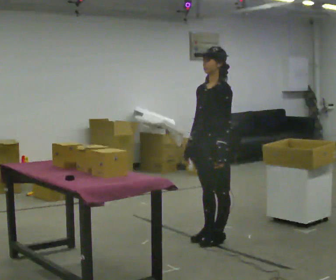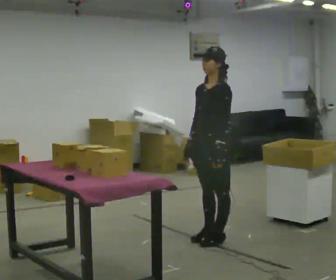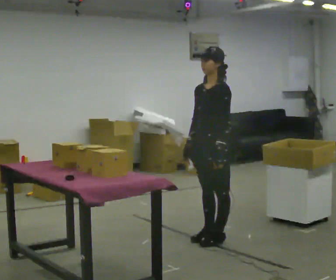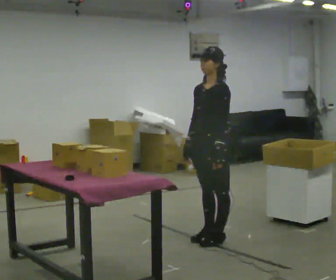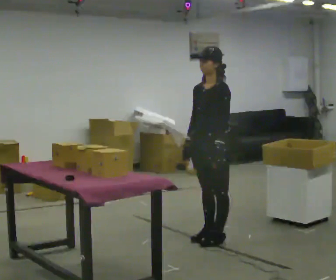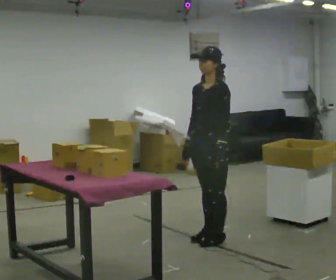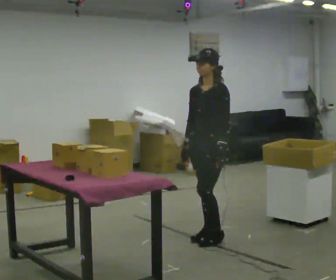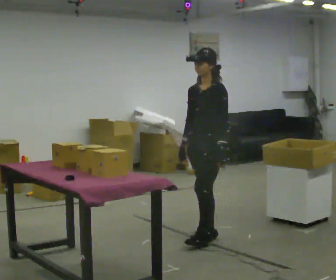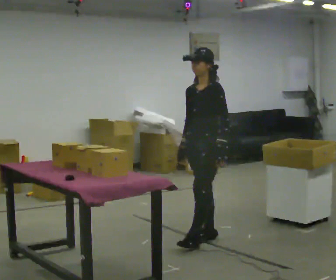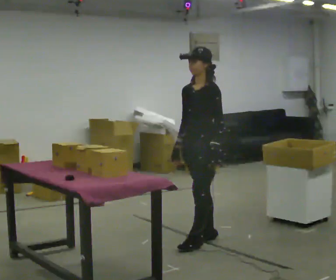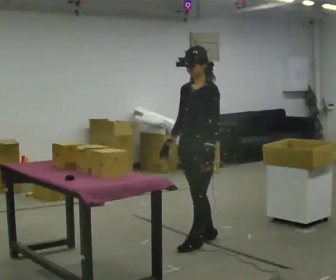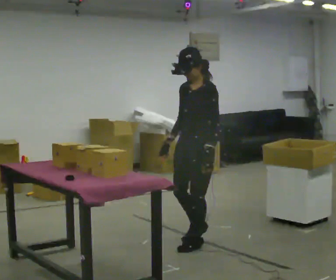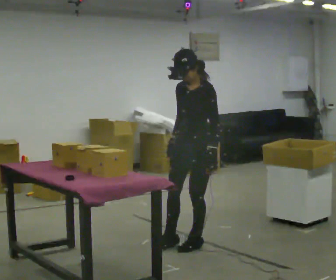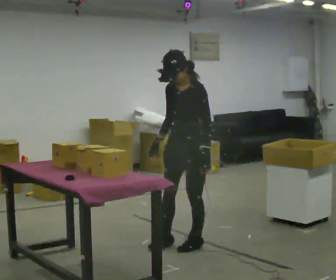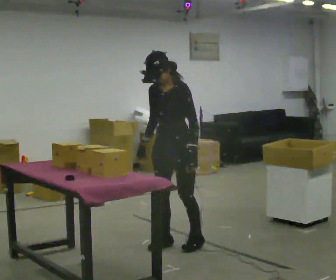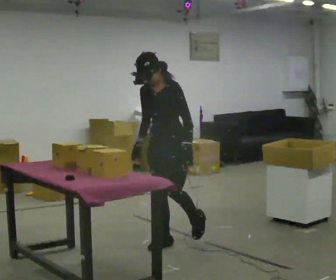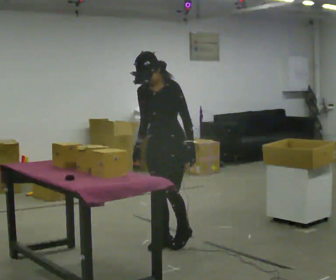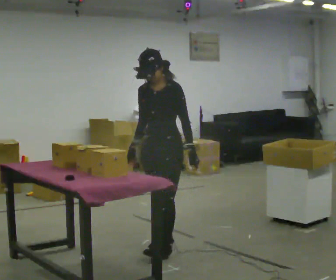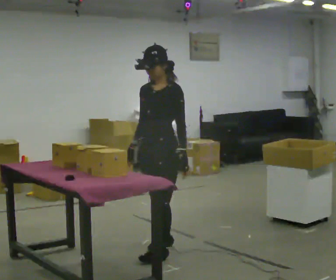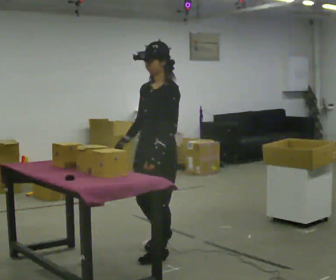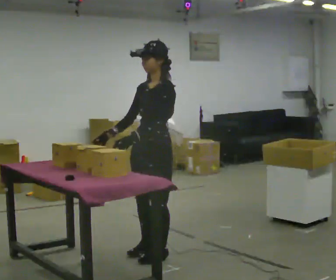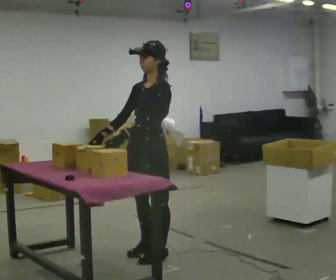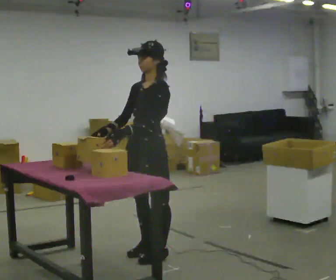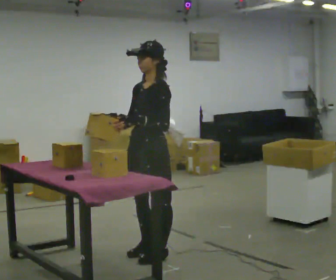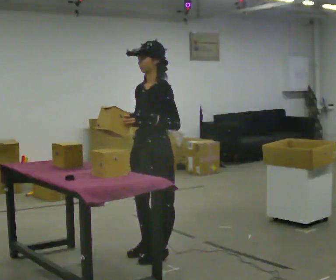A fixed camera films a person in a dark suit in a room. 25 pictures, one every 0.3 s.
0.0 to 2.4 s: The person moves a little, or ends about where they began.
2.4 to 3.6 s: In the picture they go toward the camera, about 0.25 m, which for them is forward and to their left.
3.6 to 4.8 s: In the picture they go to the left, about 0.25 m in 1 step, which for them is to their right and forward.
4.8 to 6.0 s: The part of the body nearest the lens slides to the left as the person turns to their right by about 30 degrees. In the picture they go toward the camera, about 0.25 m in 2 steps, which for them is forward and to their left.
6.0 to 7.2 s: The person moves a little, or ends about where they began.
The film runs forward here.
